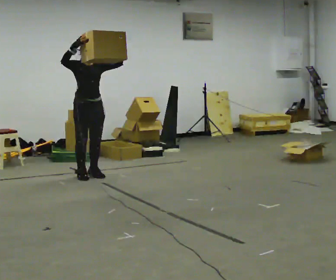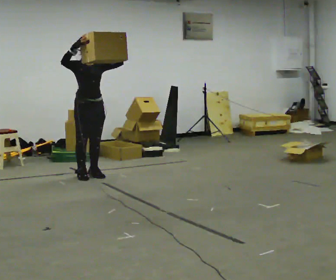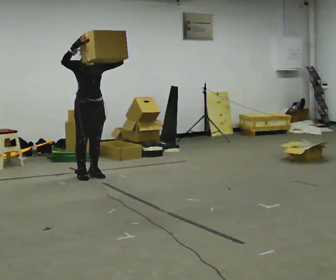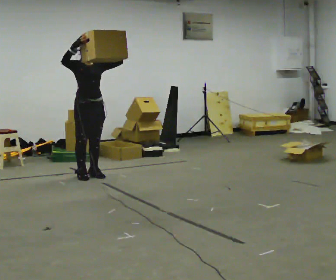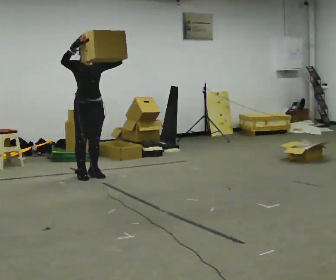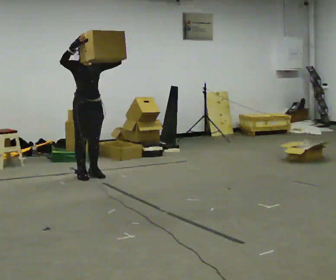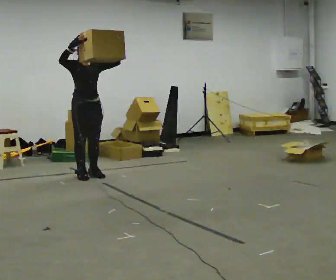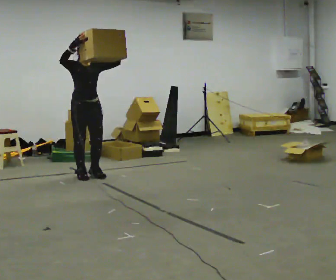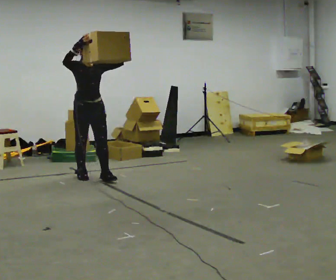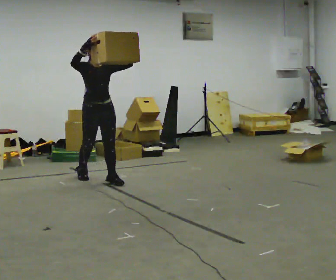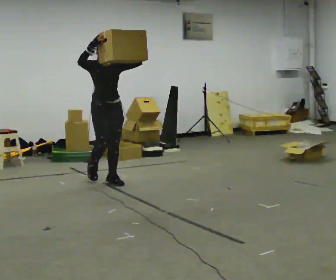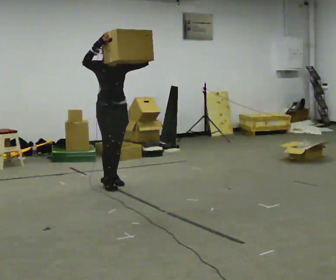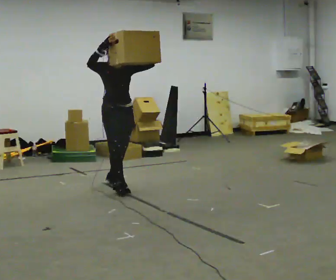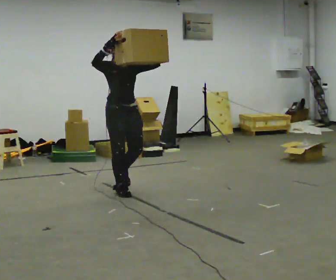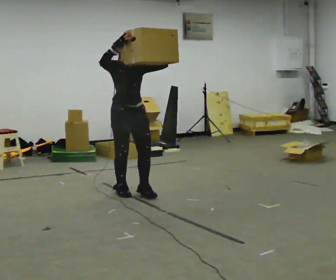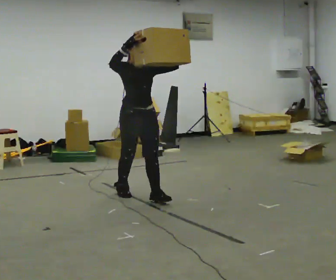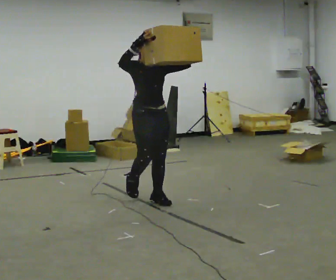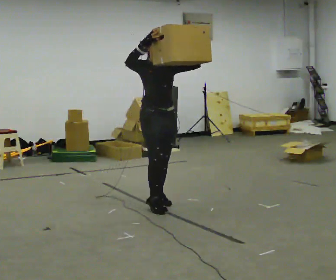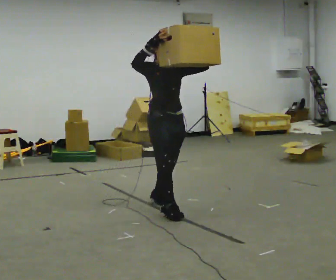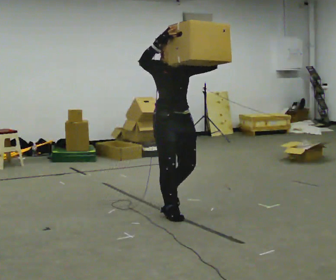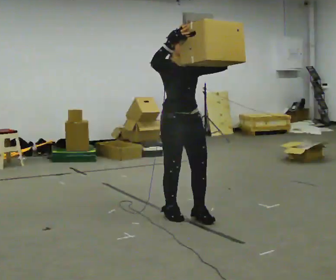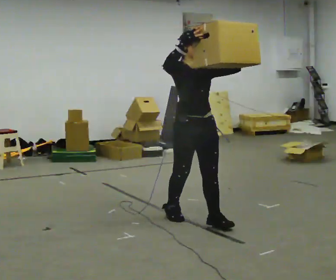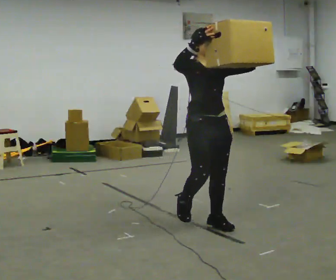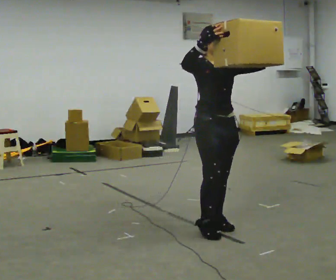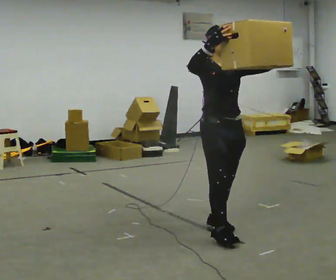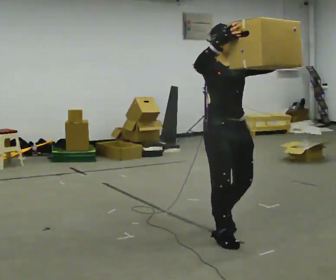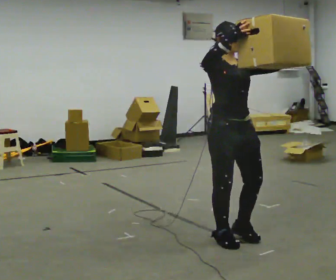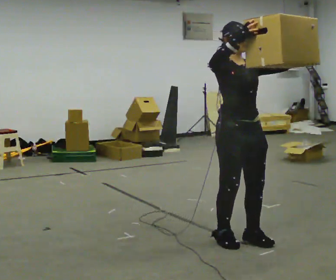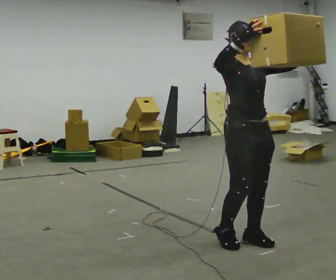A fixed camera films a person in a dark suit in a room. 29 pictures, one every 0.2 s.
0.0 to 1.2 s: The person moves a little, or ends about where they began.
1.2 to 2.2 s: In the picture they go toward the camera and to the right, about 0.5 m in 1 step, which for them is forward.
2.2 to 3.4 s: In the picture they go toward the camera and to the right, about 1 m in 2 steps, which for them is forward.
3.4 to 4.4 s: In the picture they go toward the camera and to the right, about 1 m in 2 steps, which for them is forward.
4.4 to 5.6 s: In the picture they go toward the camera and to the right, about 0.5 m in 2 steps, which for them is forward.
The film runs forward here.
